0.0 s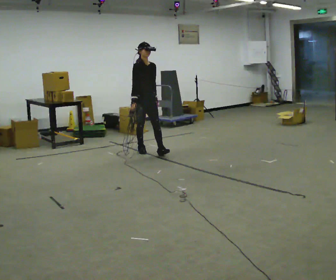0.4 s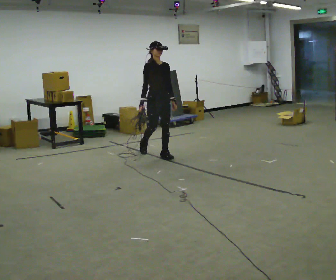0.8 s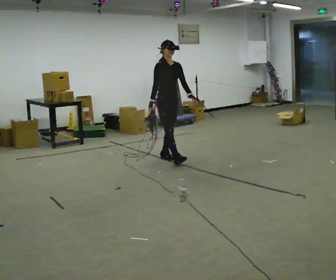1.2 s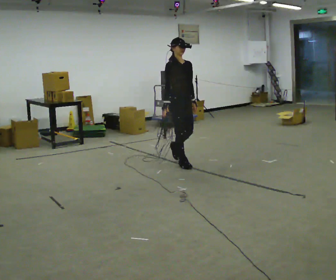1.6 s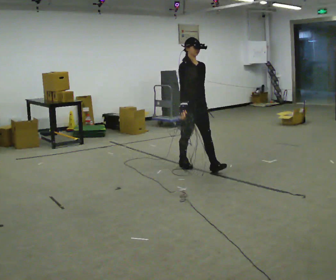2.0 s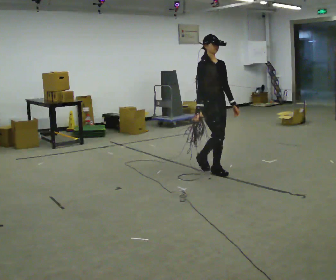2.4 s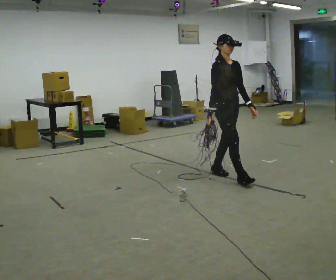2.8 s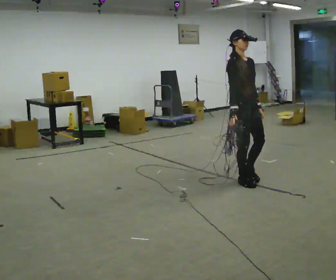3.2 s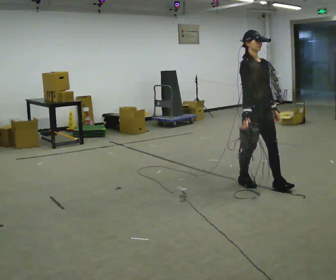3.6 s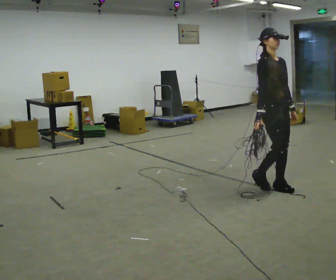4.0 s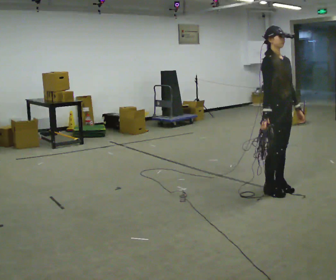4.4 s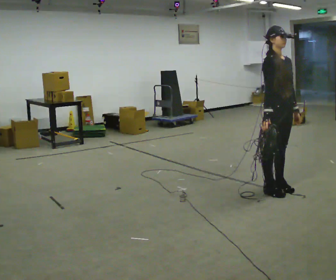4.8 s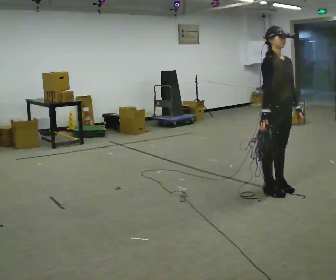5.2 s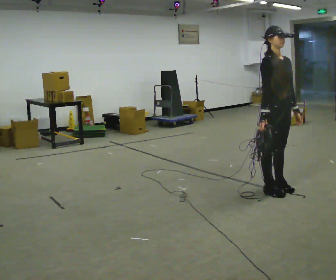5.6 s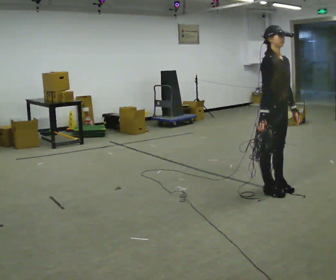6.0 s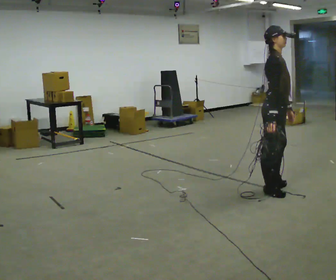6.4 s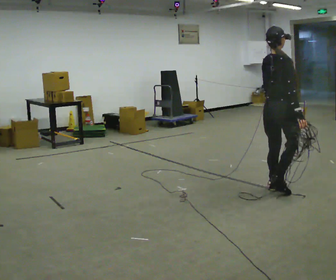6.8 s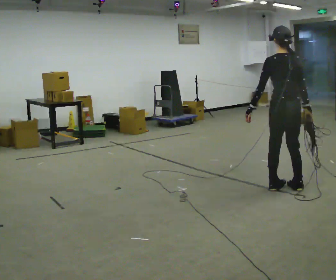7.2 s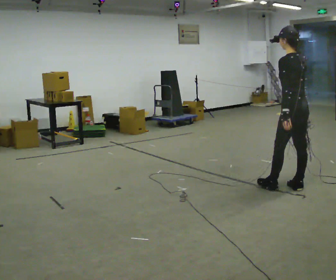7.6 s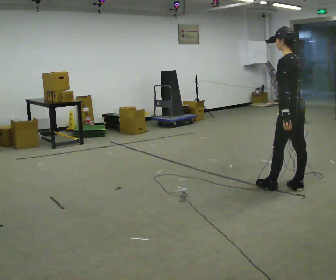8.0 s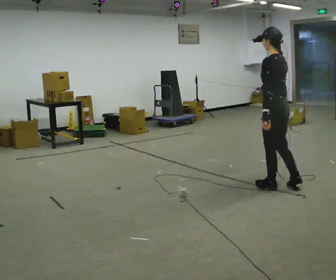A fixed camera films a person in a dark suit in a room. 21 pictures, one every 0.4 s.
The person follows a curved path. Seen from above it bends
counterclockwise.
0.0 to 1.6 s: In the picture they go to the right and toward the camera, about 1 m in 2 steps, which for them is forward.
1.6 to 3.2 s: In the picture they go to the right and toward the camera, about 1 m in 3 steps, which for them is forward.
3.2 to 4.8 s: In the picture they go to the right and toward the camera, about 0.25 m in 1 step, which for them is forward.
4.8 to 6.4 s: The person turns about 90 degrees to their left, counterclockwise seen from above, so the part of the body nearest the lens slides to the right.
6.4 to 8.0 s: The person turns about 105 degrees to their left, counterclockwise seen from above, so the part of the body nearest the lens slides to the right.
The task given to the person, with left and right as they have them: Pick up the coiled hose, carry it across the room, and set it down. It will move around as you walk. Keep going until the operator says stop; one object at a time, and do not rush between trips.
The film runs forward here.
